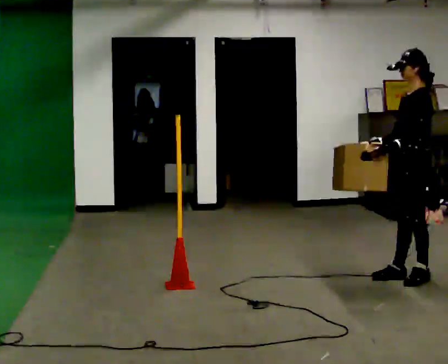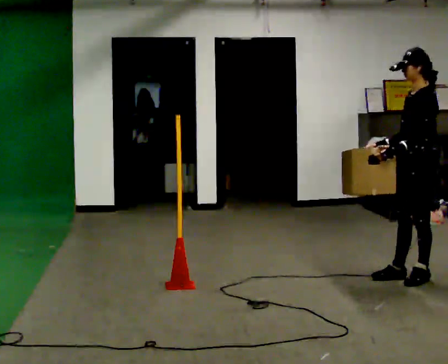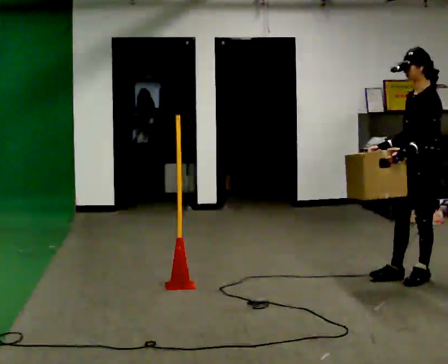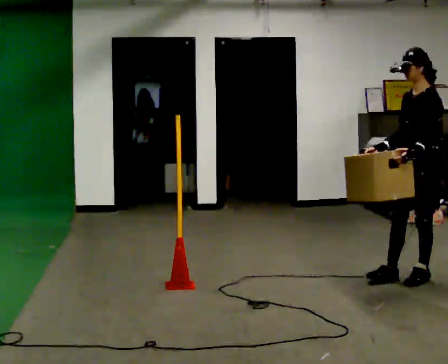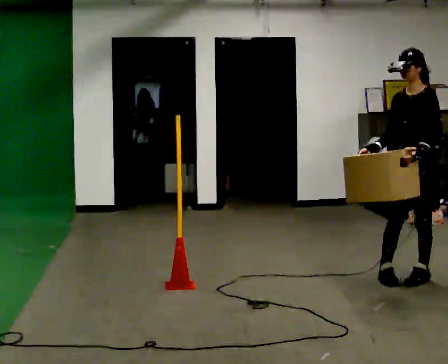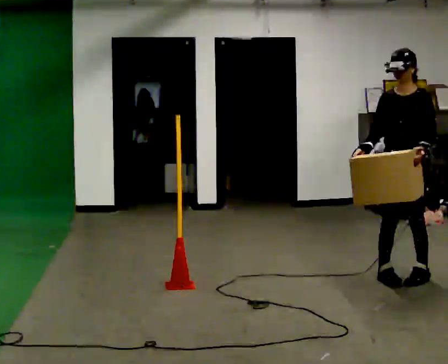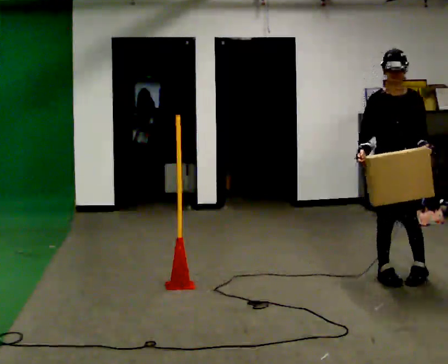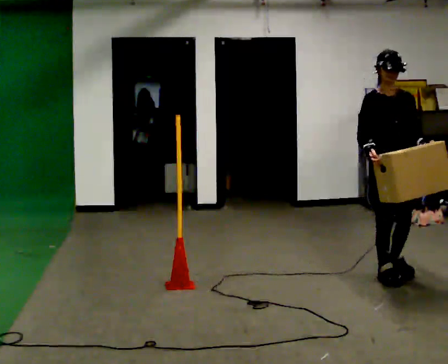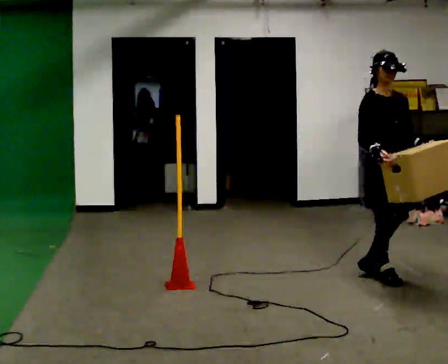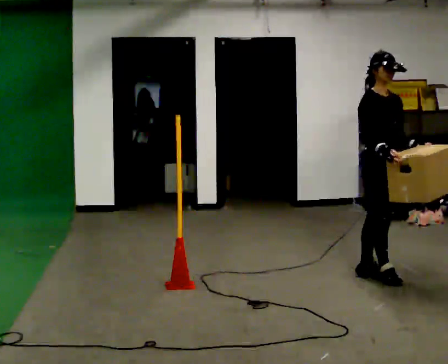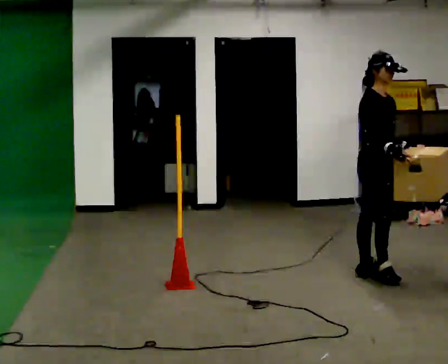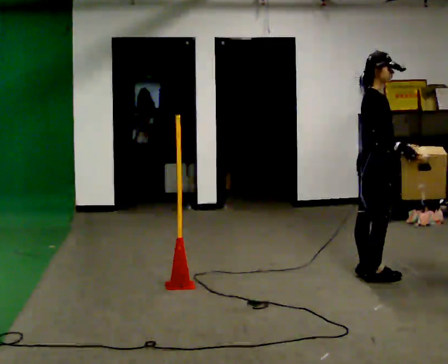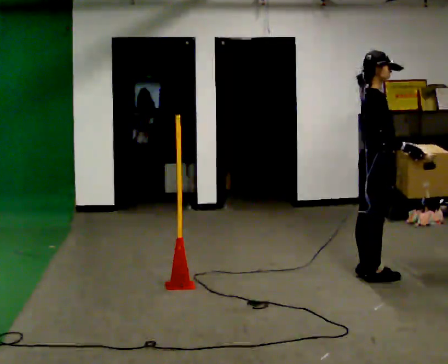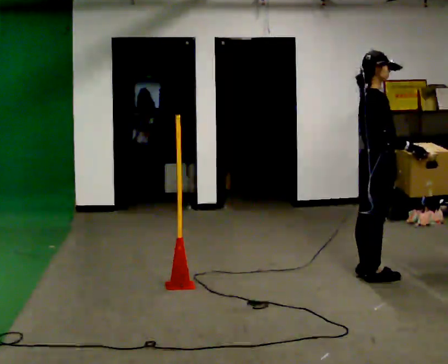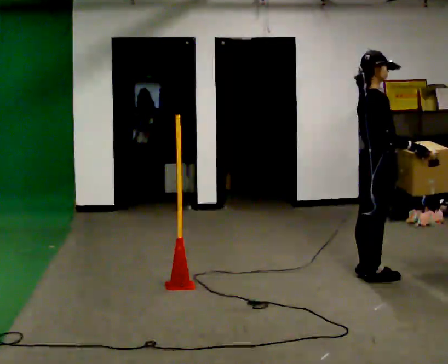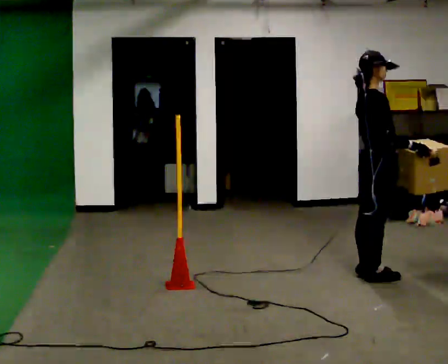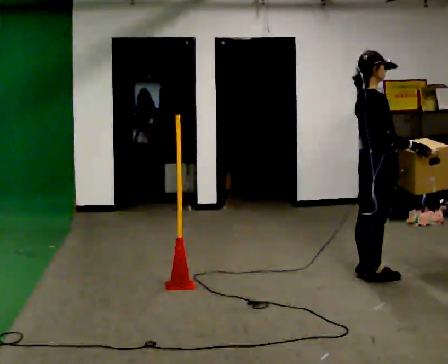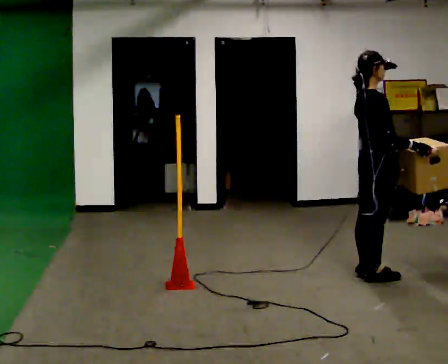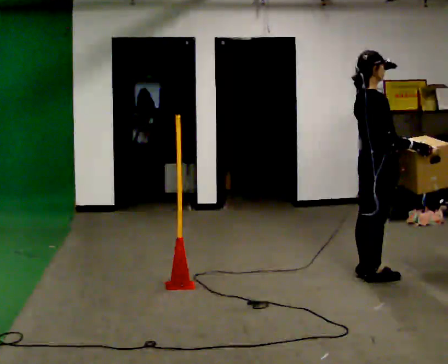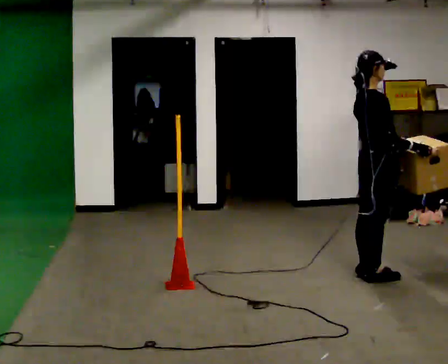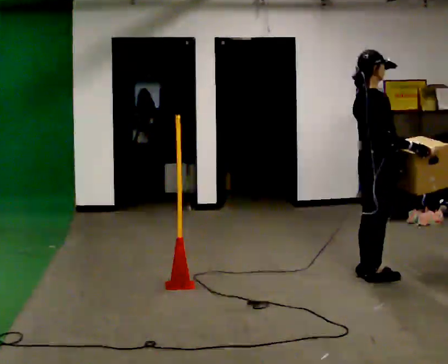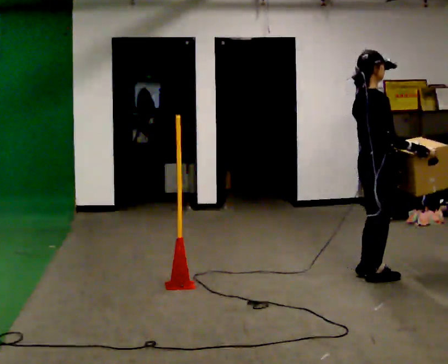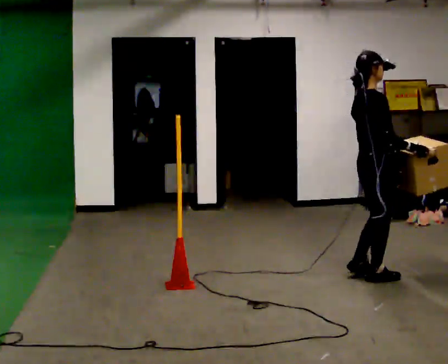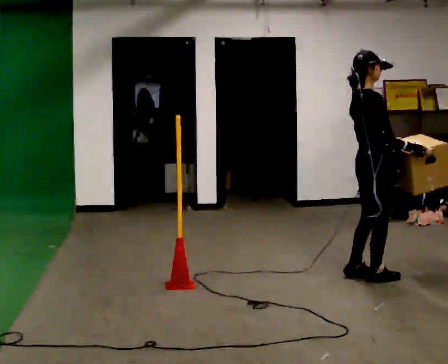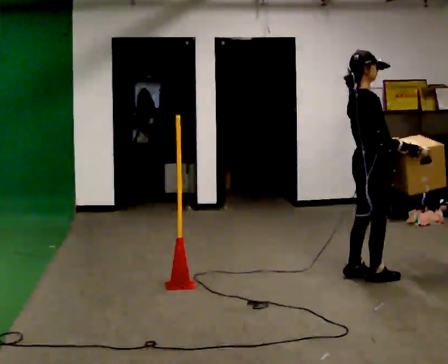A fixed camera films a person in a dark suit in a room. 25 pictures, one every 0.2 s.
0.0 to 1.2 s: The person turns about 75 degrees to their left, counterclockwise seen from above, so the part of the body nearest the lens slides to the right. In the picture their left hand goes to the right, the arm swinging counterclockwise.
1.2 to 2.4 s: Seen from above the body turns counterclockwise, about 90 degrees: to their left, with its near side sliding to the right. In the picture they go to the left, about 0.25 m. In the picture their right hand goes to the right, the arm swinging counterclockwise.
2.4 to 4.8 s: The person moves a little, or ends about where they began.
The film runs backward here.
